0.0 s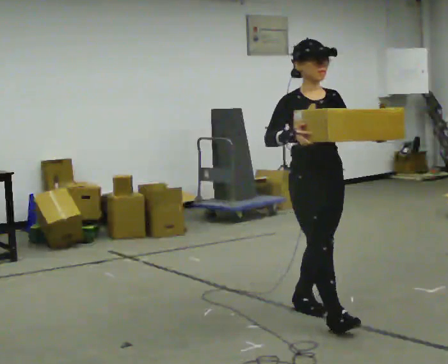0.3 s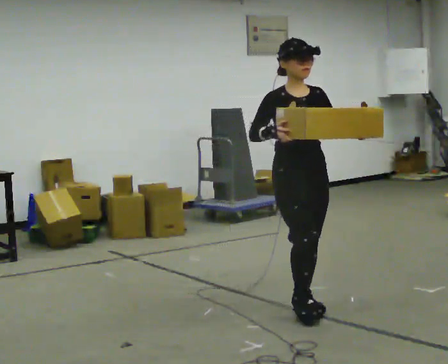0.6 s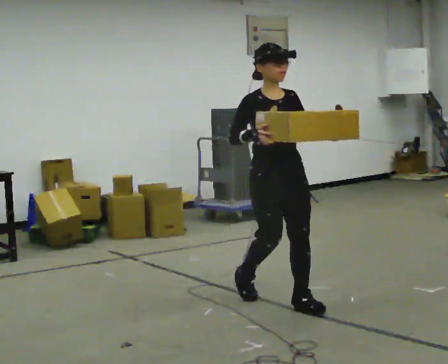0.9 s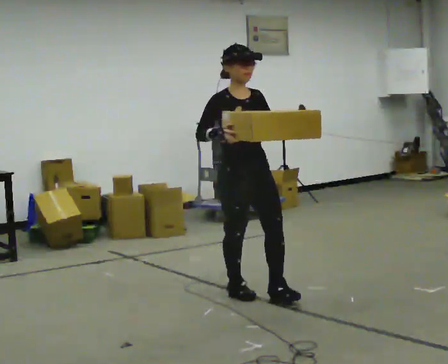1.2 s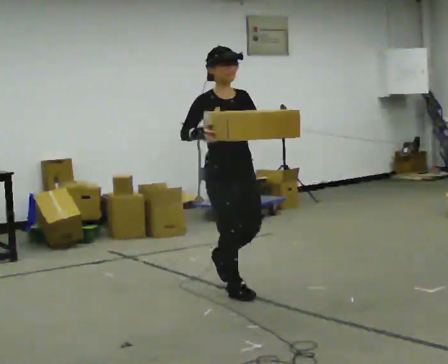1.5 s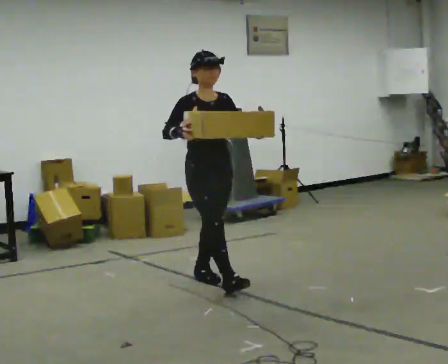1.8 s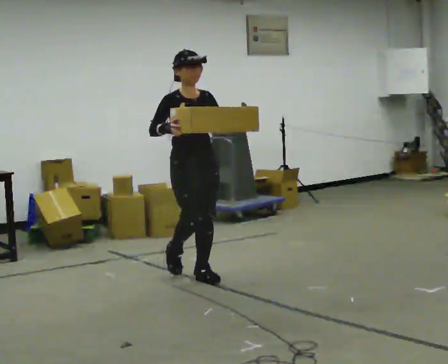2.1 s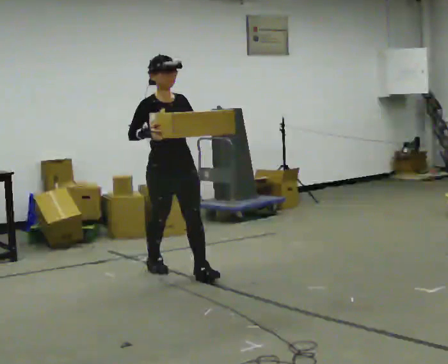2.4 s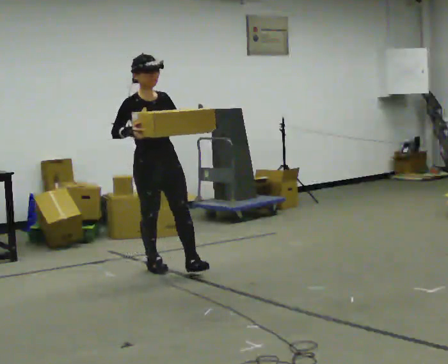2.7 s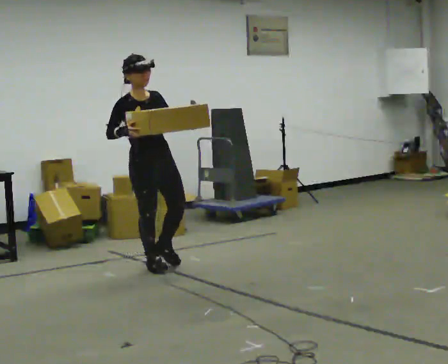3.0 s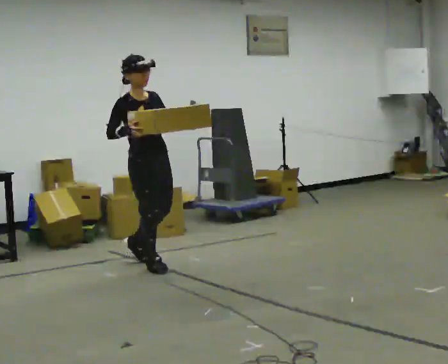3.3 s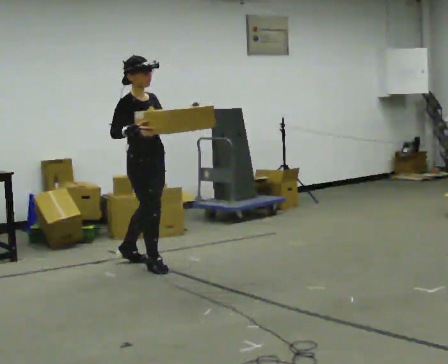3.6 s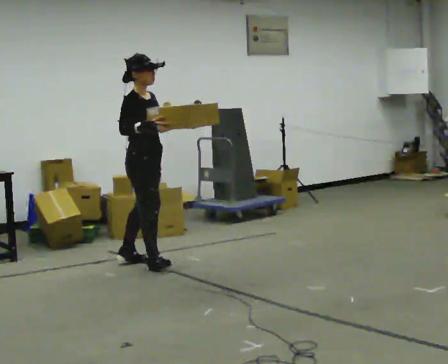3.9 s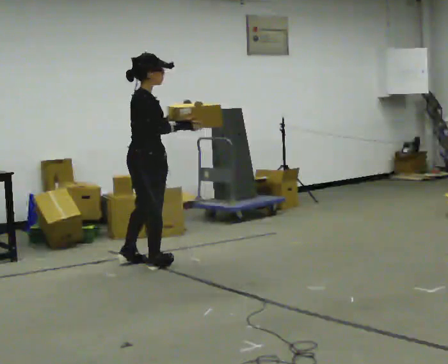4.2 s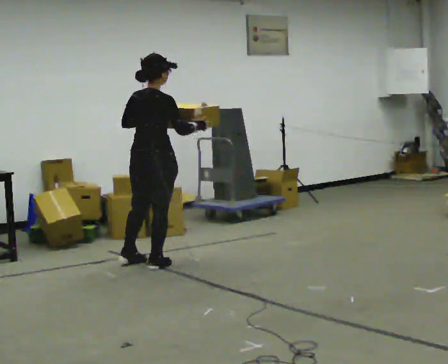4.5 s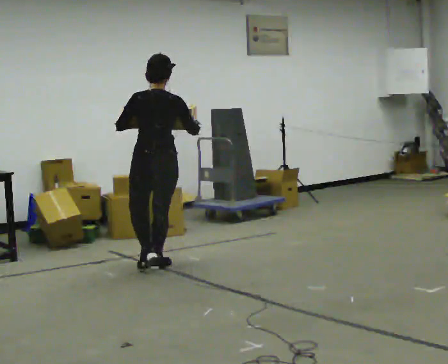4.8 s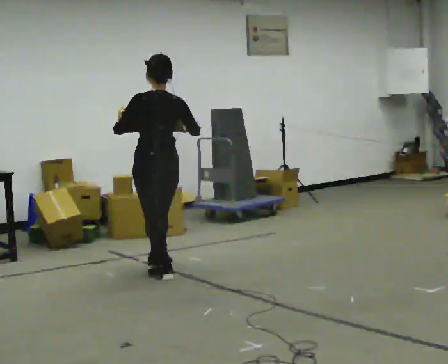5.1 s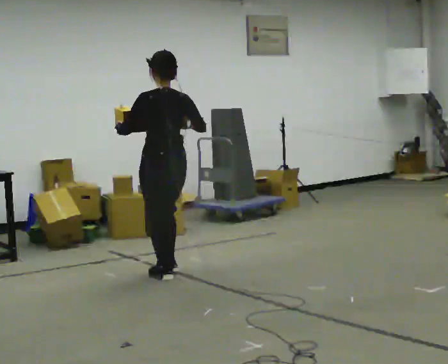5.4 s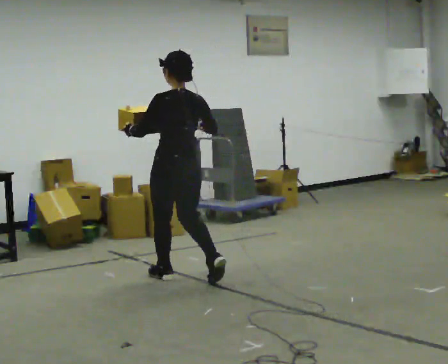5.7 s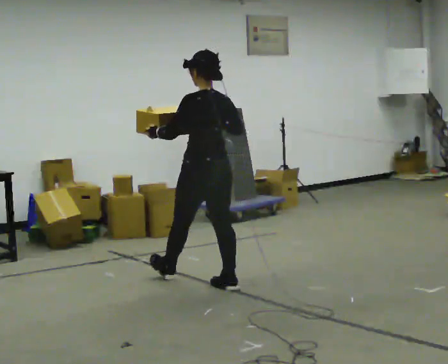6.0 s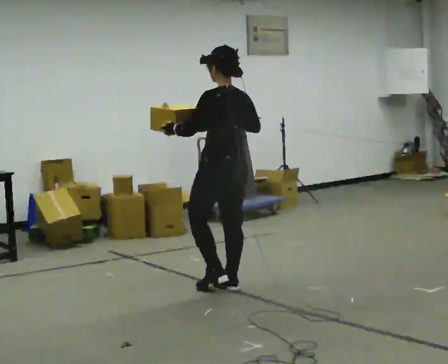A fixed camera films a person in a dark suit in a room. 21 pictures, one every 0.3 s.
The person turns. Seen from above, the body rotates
counterclockwise.
The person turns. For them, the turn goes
to their left.
0.0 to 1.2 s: In the picture they go away from the camera and to the left, about 1 m in 2 steps, which for them is backward.
1.2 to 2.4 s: In the picture they go away from the camera and to the left, about 1 m in 2 steps, which for them is backward.
2.4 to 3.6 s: The person turns about 30 degrees to their left, counterclockwise seen from above, so the part of the body nearest the lens slides to the right.
3.6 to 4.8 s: The part of the body nearest the lens slides to the right as the person turns to their left by about 135 degrees. In the picture they go toward the camera, about 0.25 m in 1 step.
4.8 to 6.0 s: In the picture they go toward the camera and to the right, about 0.75 m in 2 steps, which for them is backward and to their right.
The film runs backward here.
